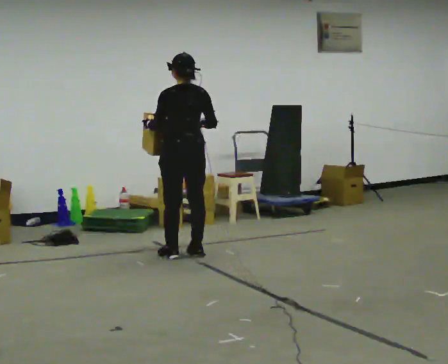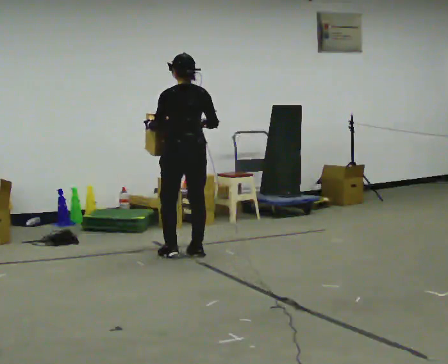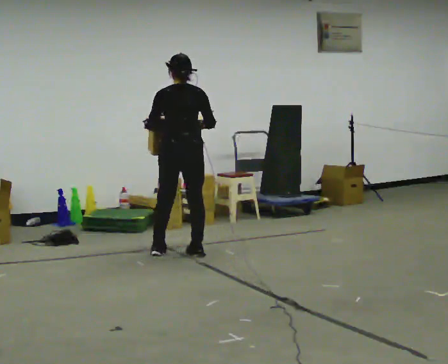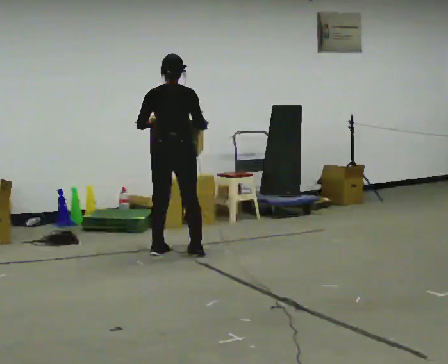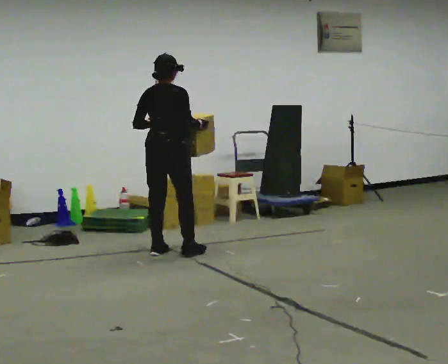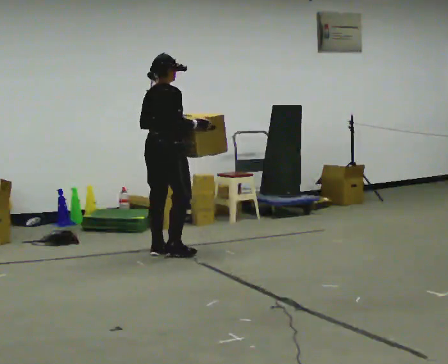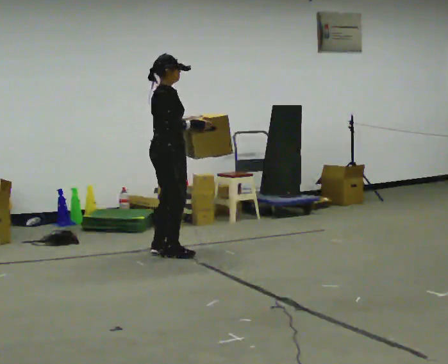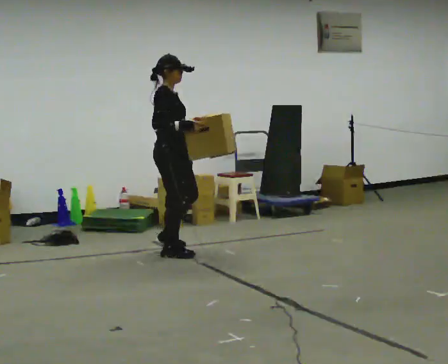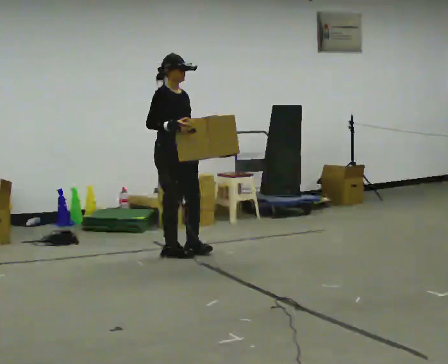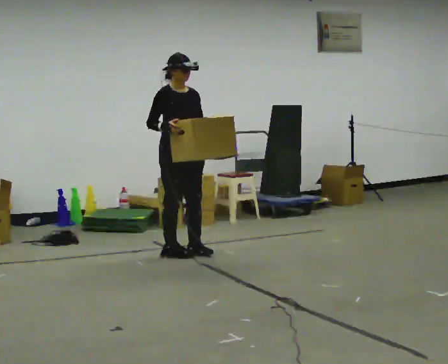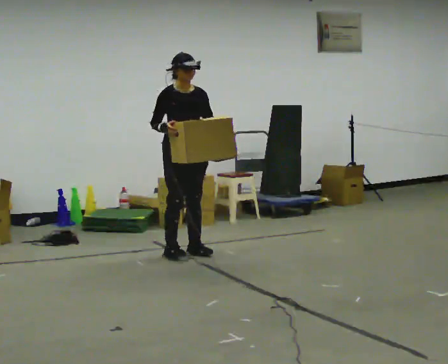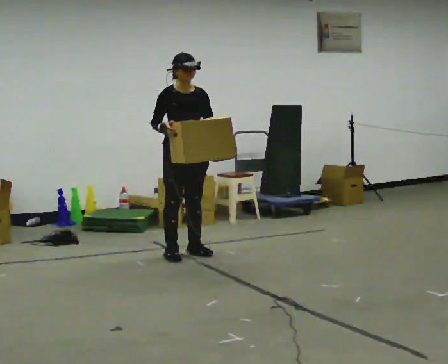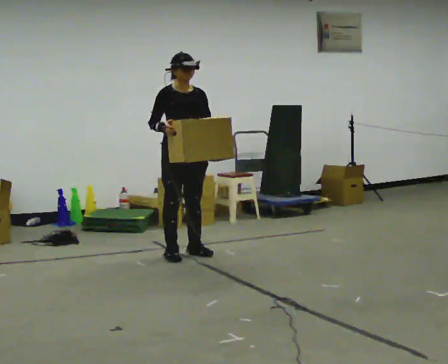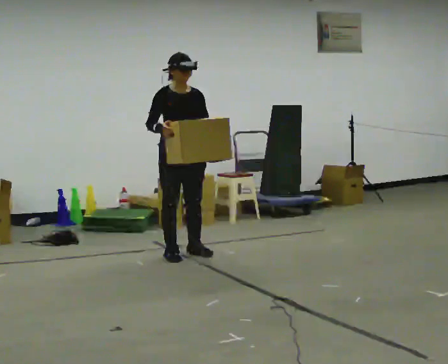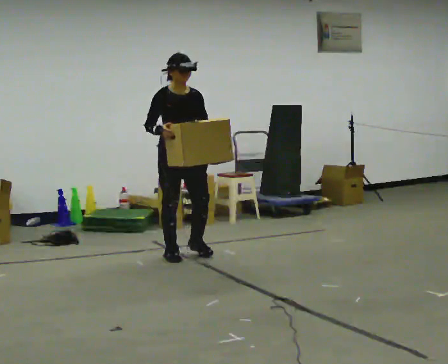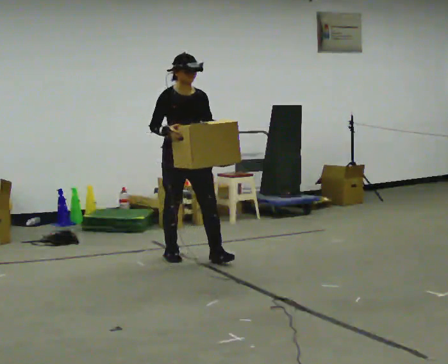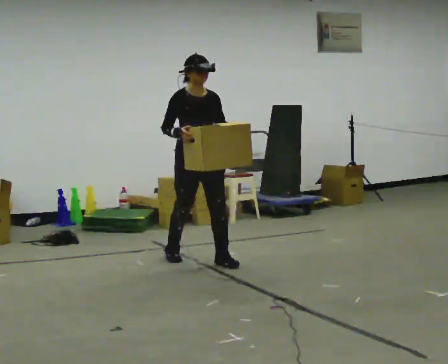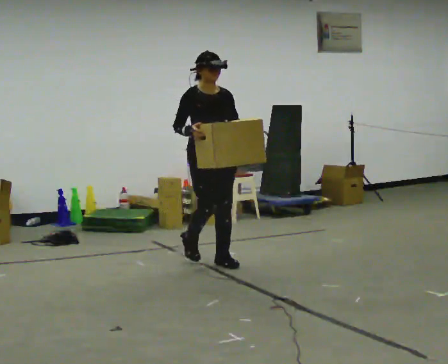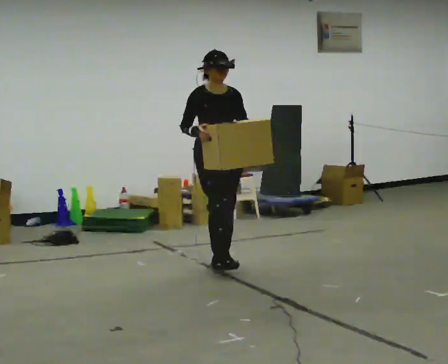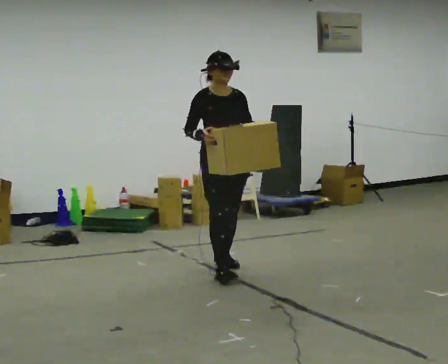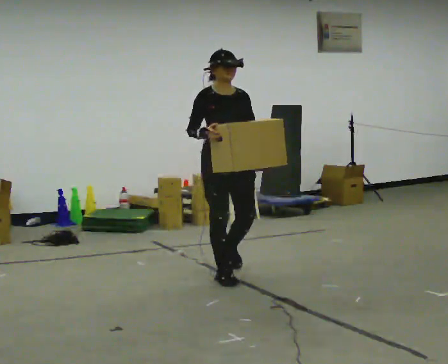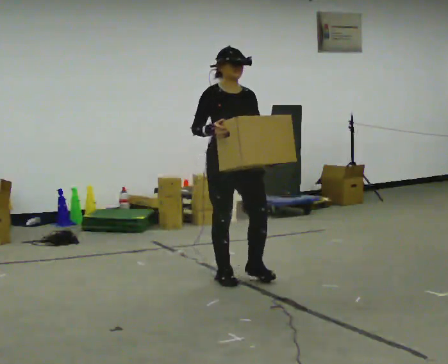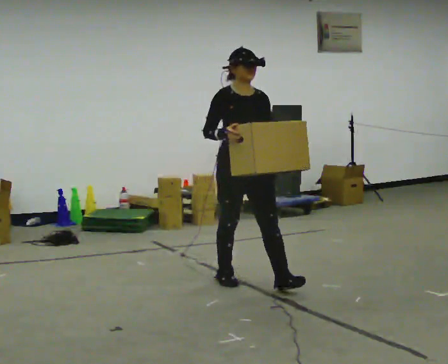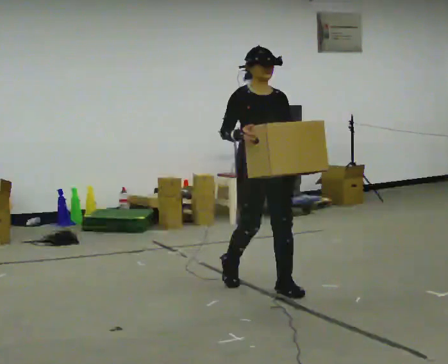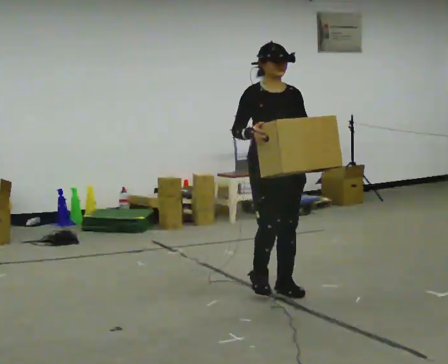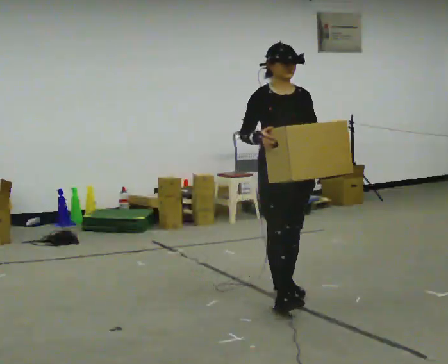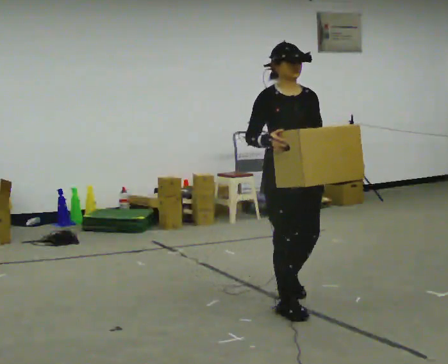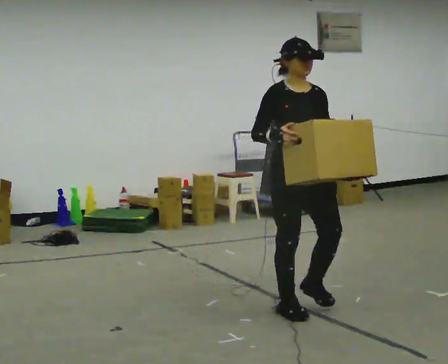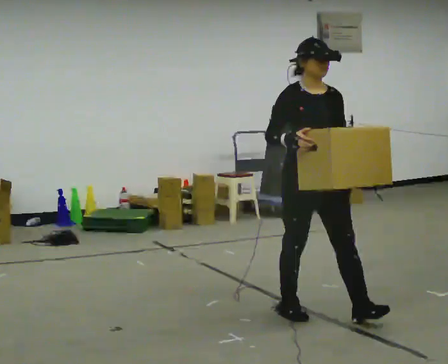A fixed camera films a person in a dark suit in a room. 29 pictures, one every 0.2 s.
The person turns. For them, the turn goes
to their right.
The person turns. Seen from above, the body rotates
clockwise.
0.0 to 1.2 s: The part of the body nearest the lens slides to the left as the person turns to their right by about 105 degrees.
1.2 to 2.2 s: The part of the body nearest the lens slides to the left as the person turns to their right by about 75 degrees.
2.2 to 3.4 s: In the picture they go toward the camera and to the right, about 0.5 m in 1 step, which for them is forward.
3.4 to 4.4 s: In the picture they go toward the camera, about 0.75 m in 1 step, which for them is forward.
4.4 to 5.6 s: In the picture they go toward the camera and to the right, about 1 m in 2 steps, which for them is forward.
The film runs forward here.
